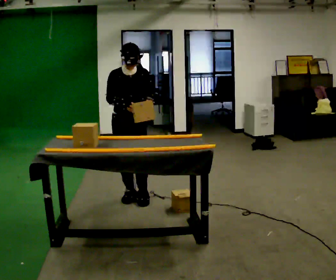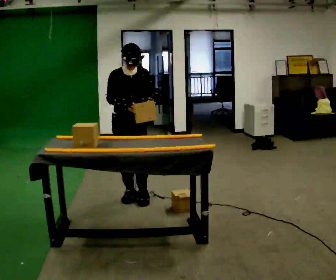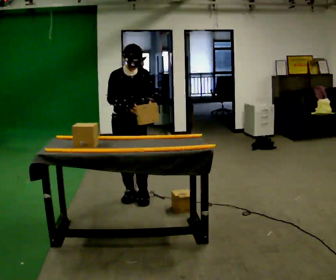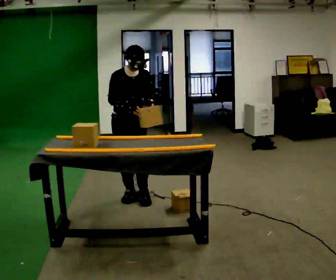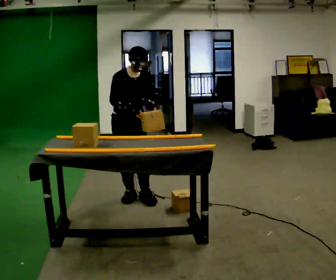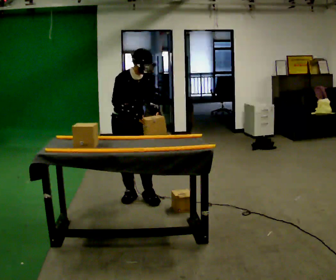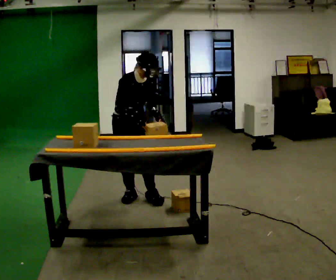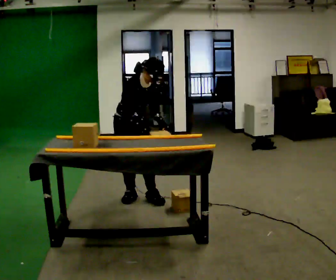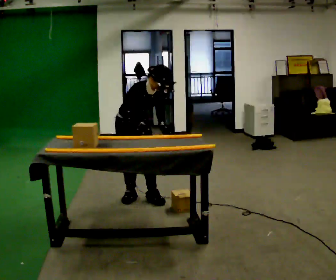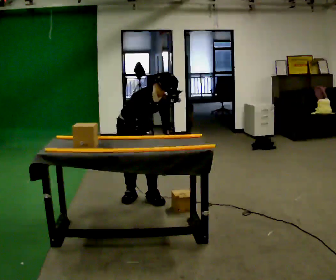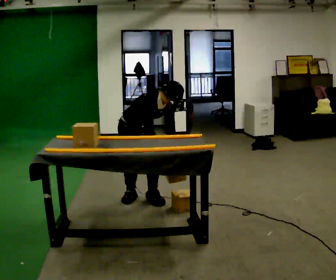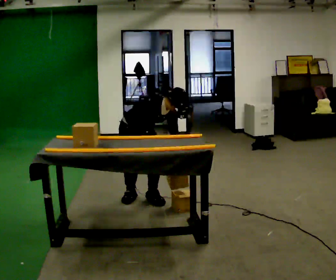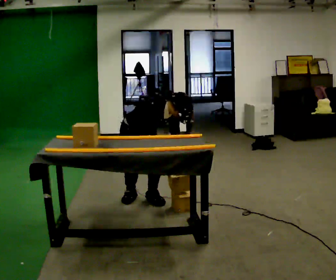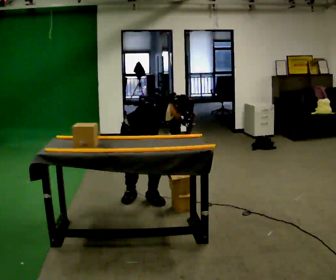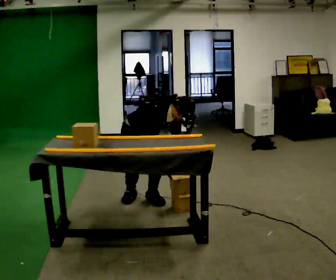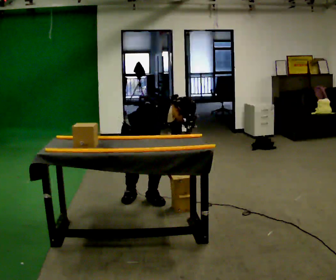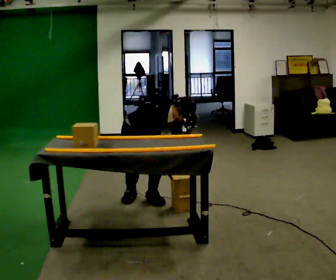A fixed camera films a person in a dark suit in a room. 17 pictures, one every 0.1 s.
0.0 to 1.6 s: Seen from above the body turns counterclockwise, about 30 degrees: to their left, with its near side sliding to the right. The shoulders move downward. In the picture the upper body tilts clockwise, shoulders to the right, as they bend forward. In the picture their right hand goes downward and to the right.
The film runs forward here.
